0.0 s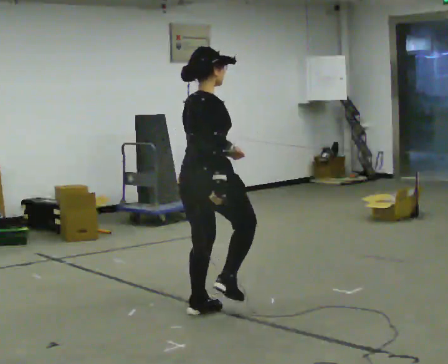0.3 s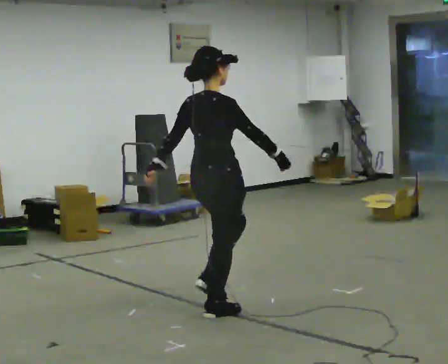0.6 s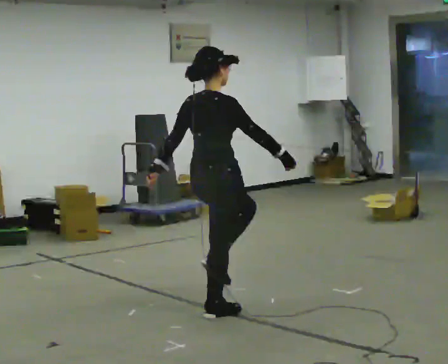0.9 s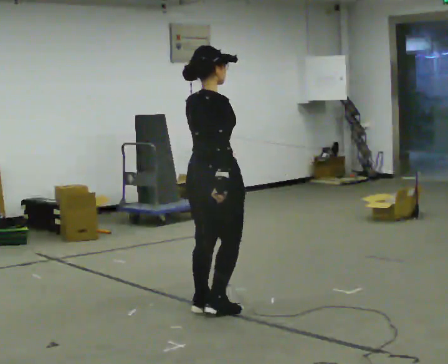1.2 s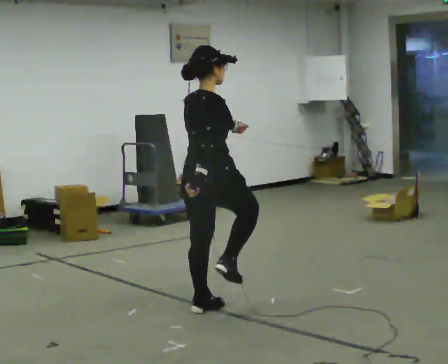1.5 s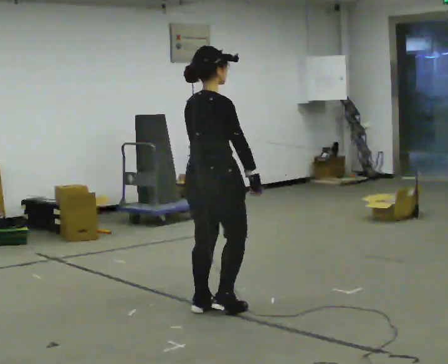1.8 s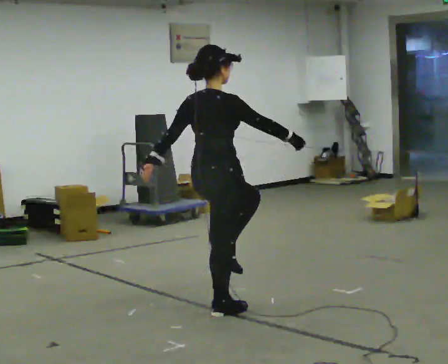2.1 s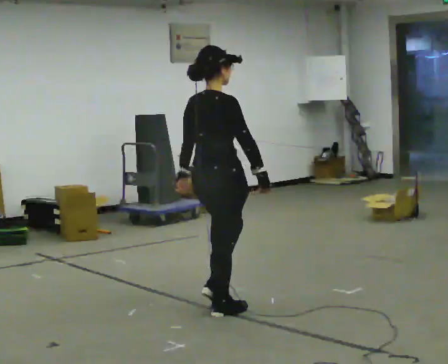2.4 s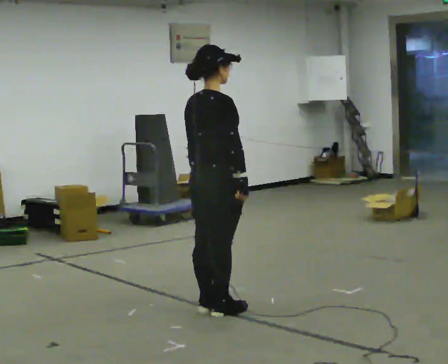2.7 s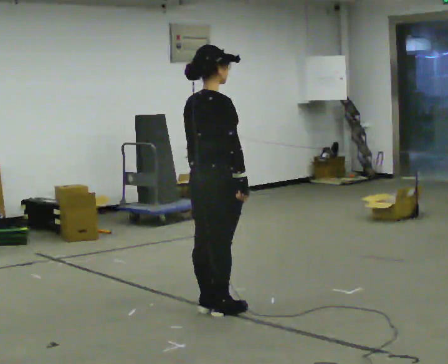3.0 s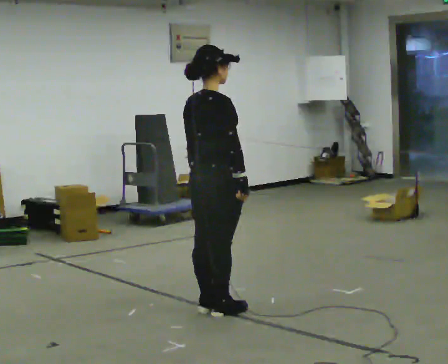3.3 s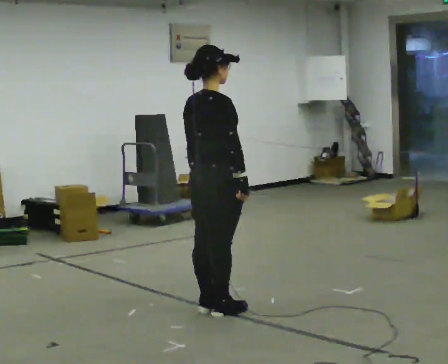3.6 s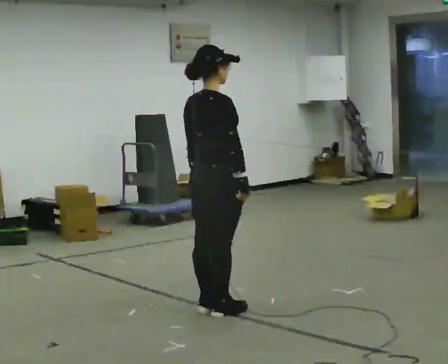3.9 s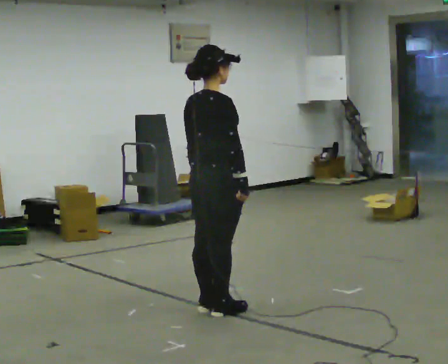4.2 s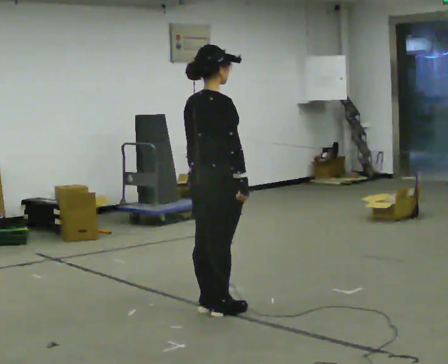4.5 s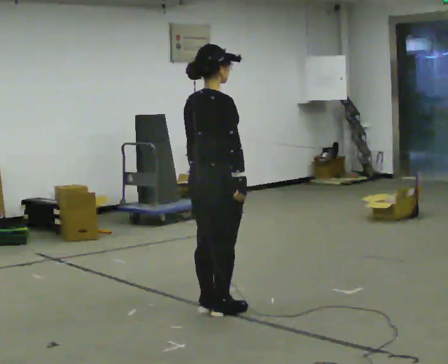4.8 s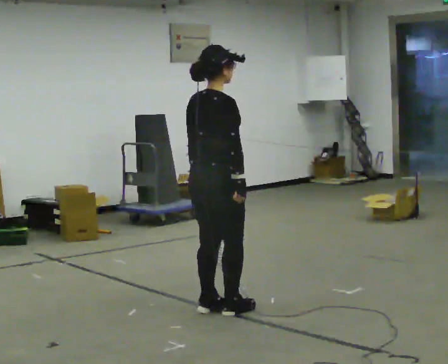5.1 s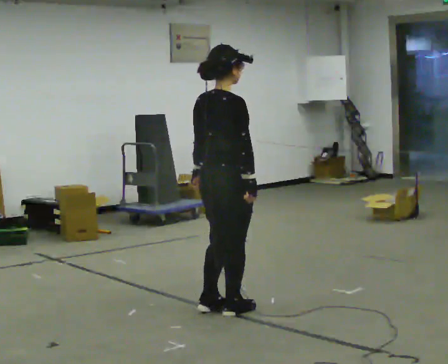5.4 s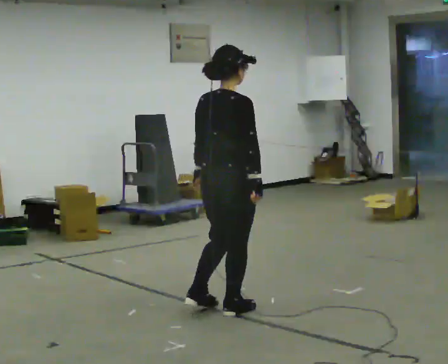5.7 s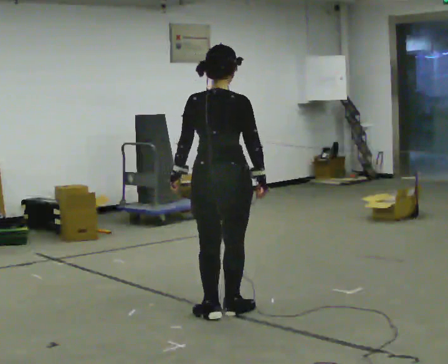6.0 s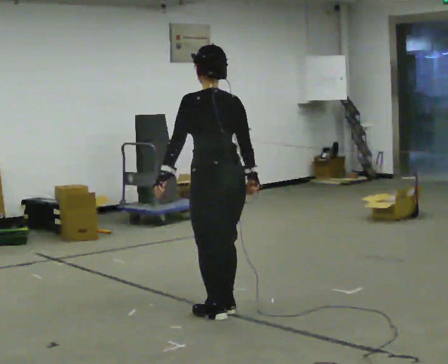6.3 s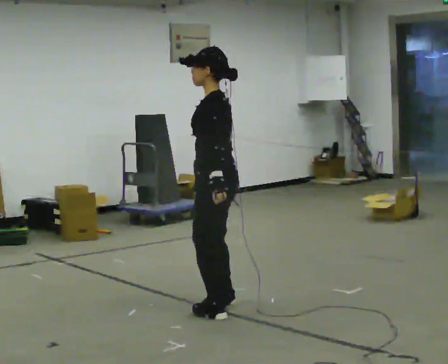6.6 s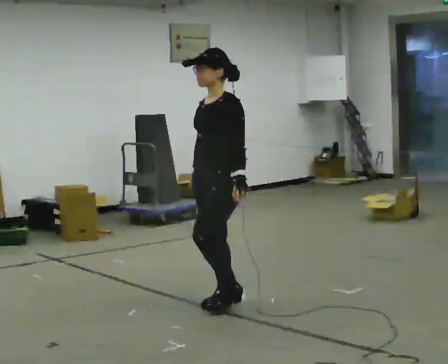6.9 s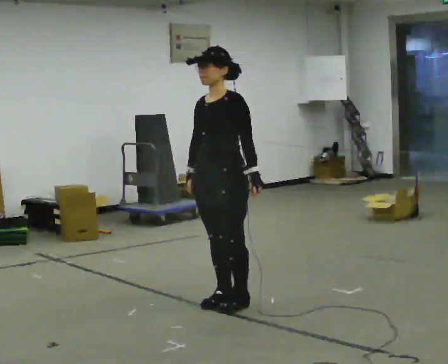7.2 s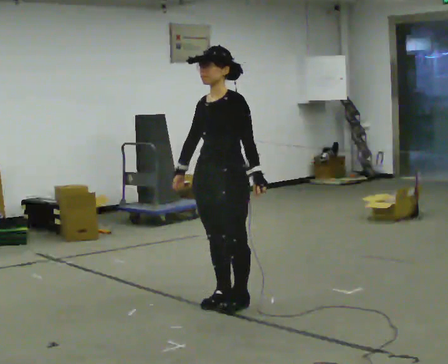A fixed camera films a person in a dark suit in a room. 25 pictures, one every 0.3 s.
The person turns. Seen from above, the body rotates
counterclockwise.
The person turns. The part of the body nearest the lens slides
to the right.
0.0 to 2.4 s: The person moves a little, or ends about where they began.
2.4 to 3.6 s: The person keeps their place and pose.
3.6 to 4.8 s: The person moves a little, or ends about where they began.
4.8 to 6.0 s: The person turns about 75 degrees to their left, counterclockwise seen from above, so the part of the body nearest the lens slides to the right.
6.0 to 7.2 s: The part of the body nearest the lens slides to the right as the person turns to their left by about 105 degrees. In the picture they go away from the camera, about 0.25 m in 1 step. In the picture their right hand goes to the left, the arm swinging clockwise.
The film runs backward here.
